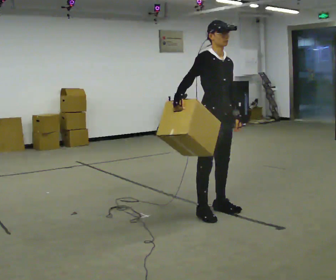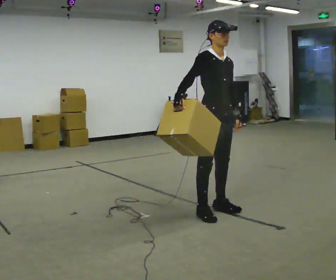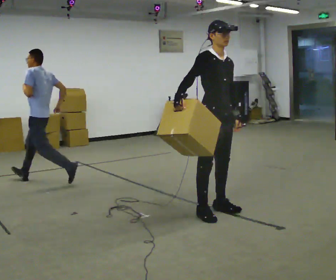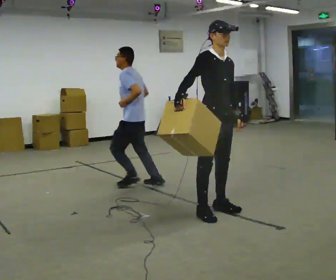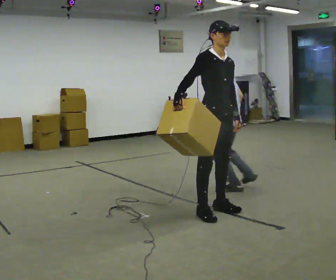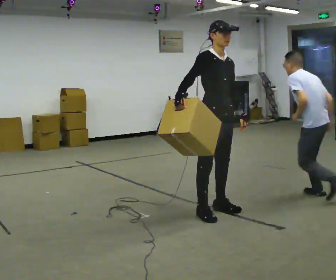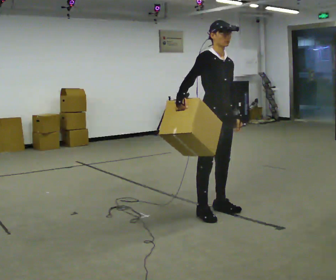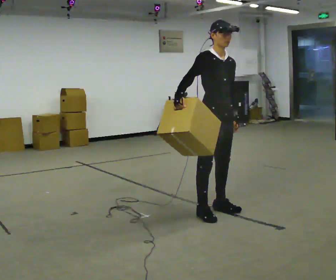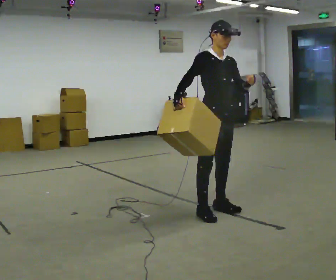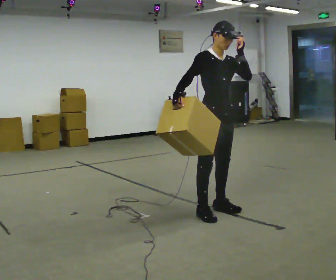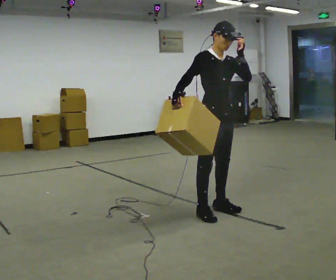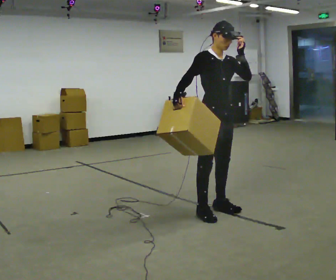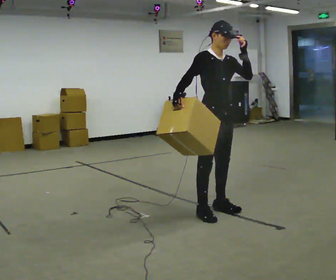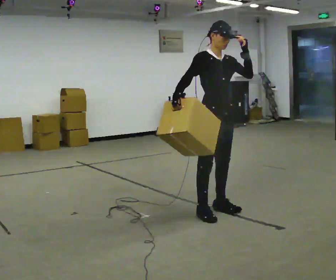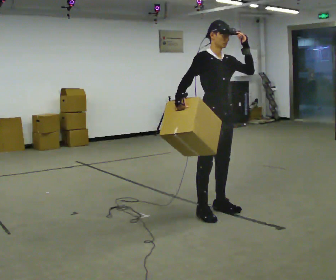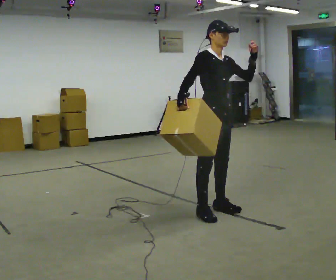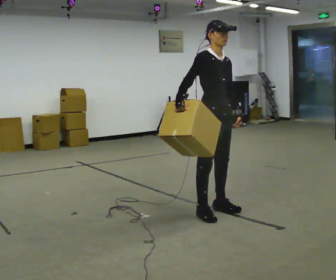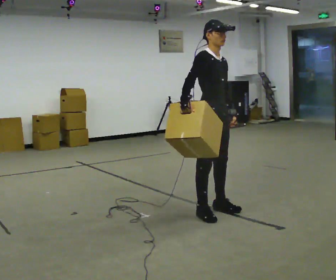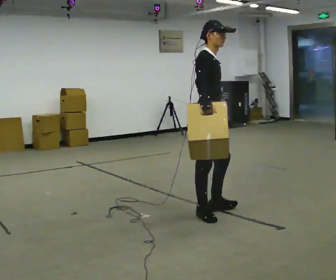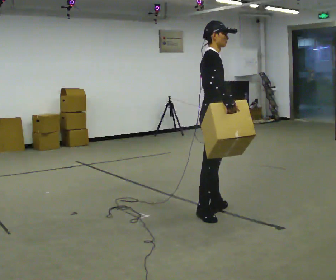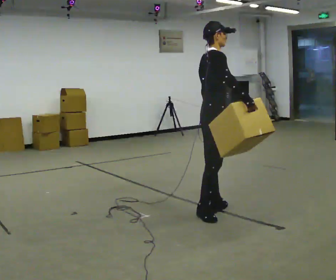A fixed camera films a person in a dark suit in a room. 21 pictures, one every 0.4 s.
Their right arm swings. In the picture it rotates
counterclockwise.
The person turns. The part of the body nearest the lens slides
to the right.
0.0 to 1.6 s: The person keeps their place and pose.
1.6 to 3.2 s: The person moves a little, or ends about where they began.
3.2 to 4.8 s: In the picture their left hand goes upward.
4.8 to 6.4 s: In the picture their left hand goes downward.
6.4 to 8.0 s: Seen from above the body turns counterclockwise, about 60 degrees: to their left, with its near side sliding to the right. In the picture their right hand goes to the right, the arm swinging counterclockwise.
The film runs backward here.
